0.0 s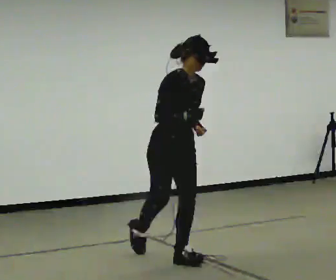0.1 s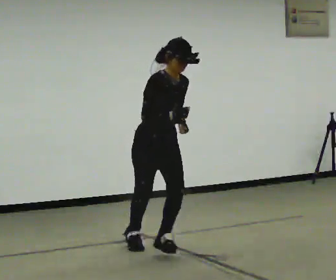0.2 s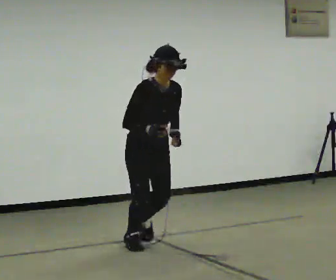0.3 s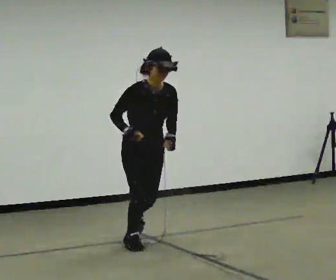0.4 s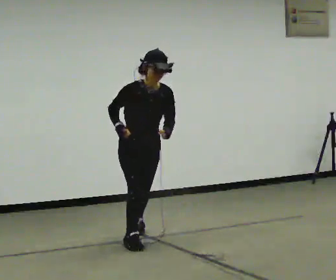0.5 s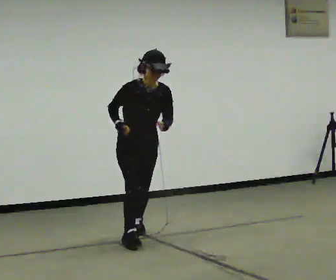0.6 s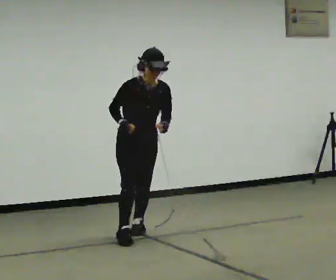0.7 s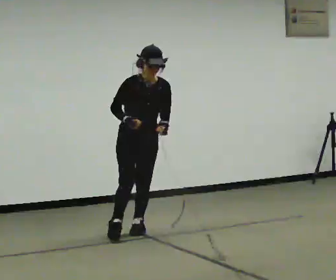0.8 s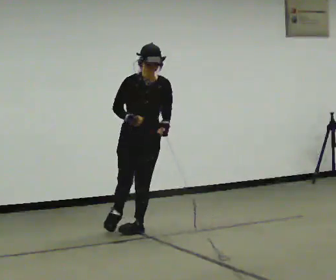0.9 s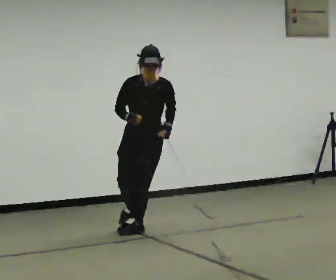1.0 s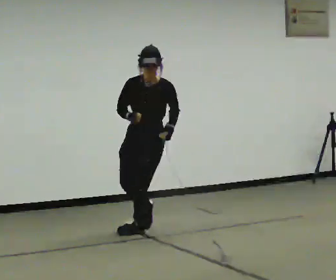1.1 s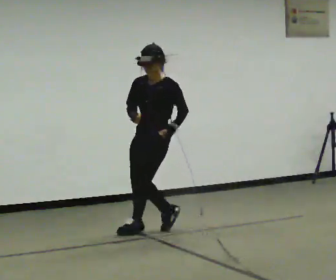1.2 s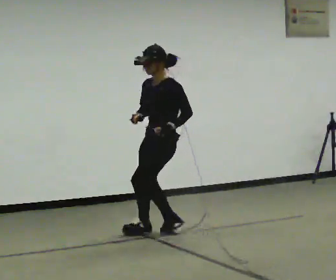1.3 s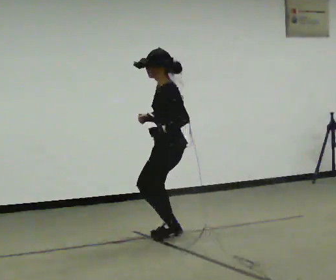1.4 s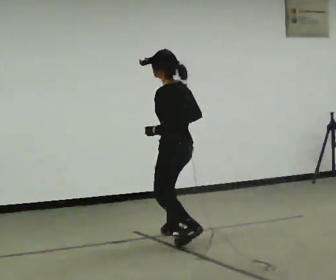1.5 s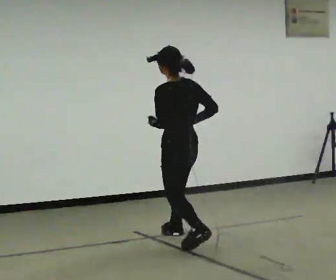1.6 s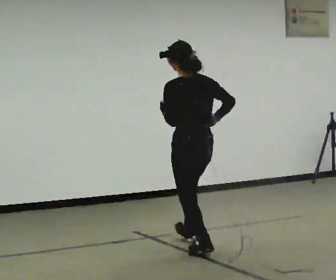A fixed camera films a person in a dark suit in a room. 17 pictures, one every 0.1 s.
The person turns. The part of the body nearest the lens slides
to the left.
The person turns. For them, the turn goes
to their right.
0.0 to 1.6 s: Seen from above the body turns clockwise, about 195 degrees: to their right, with its near side sliding to the left. In the picture they go away from the camera and to the right, about 0.25 m in 3 steps. In the picture the upper body tilts counterclockwise, shoulders to the left.
The film runs backward here.
